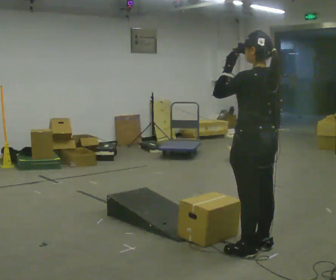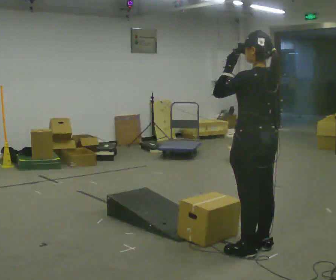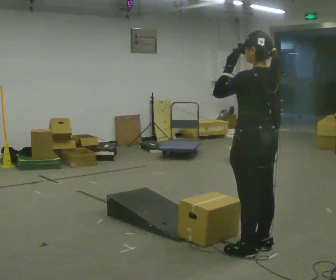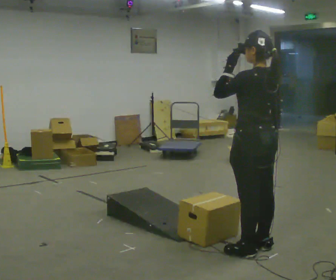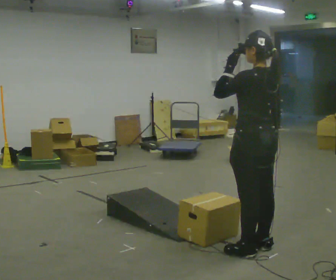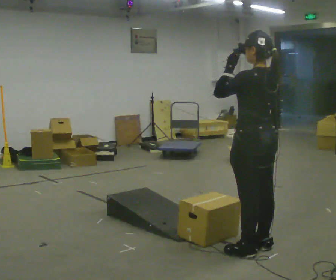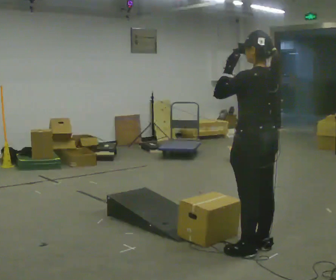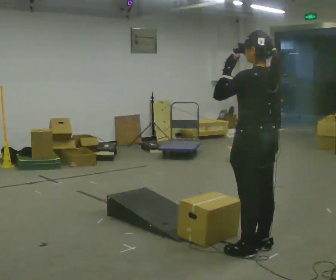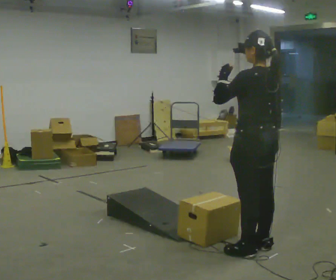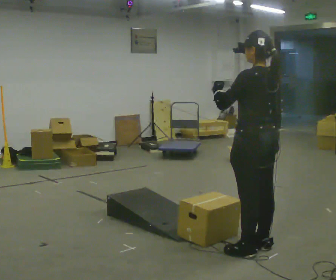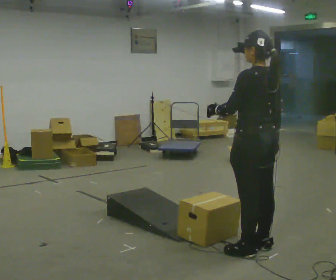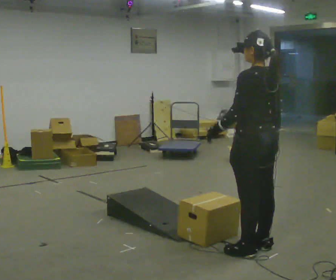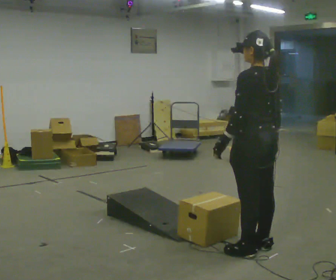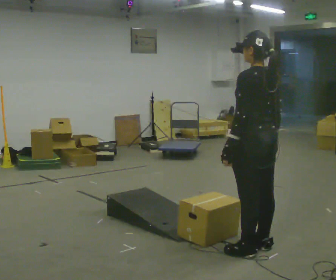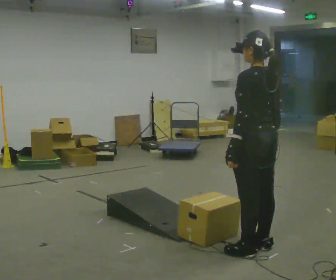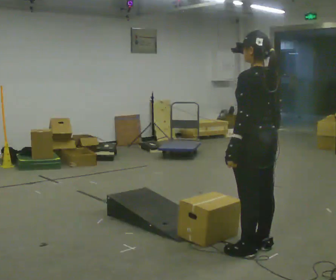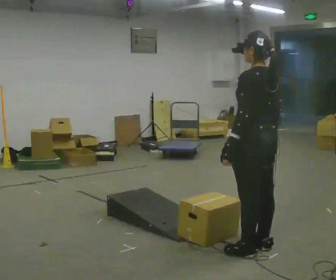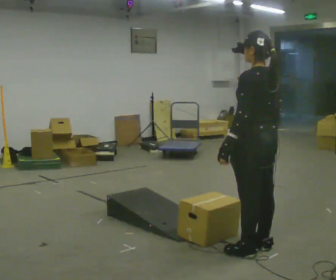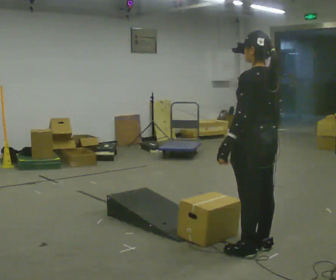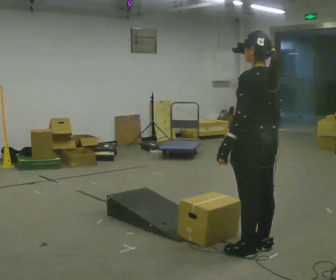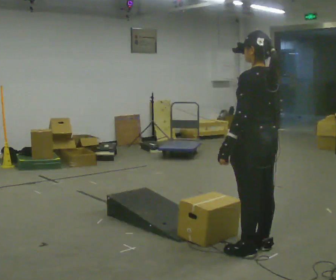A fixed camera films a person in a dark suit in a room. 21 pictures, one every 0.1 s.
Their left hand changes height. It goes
downward.
0.0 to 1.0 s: In the picture their left hand goes downward.
1.0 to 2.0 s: The person moves a little, or ends about where they began.
The film runs forward here.
